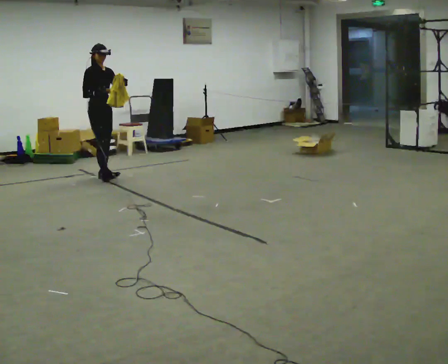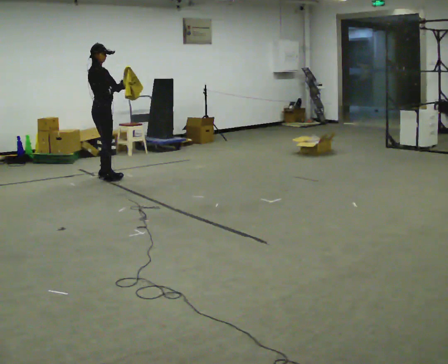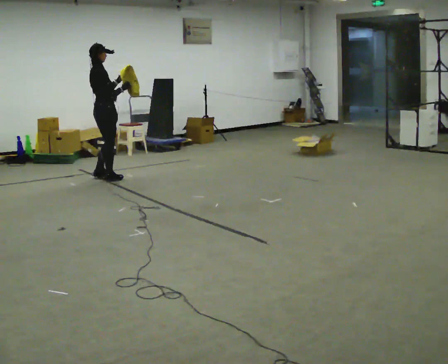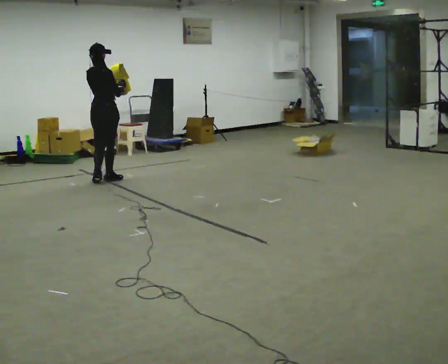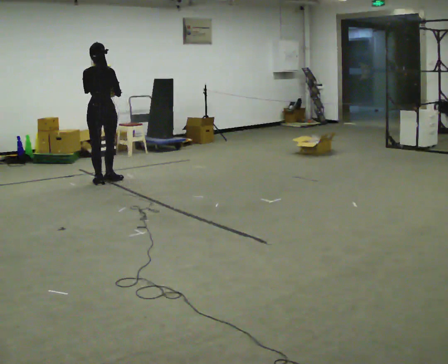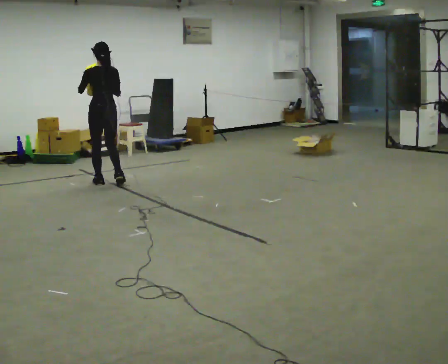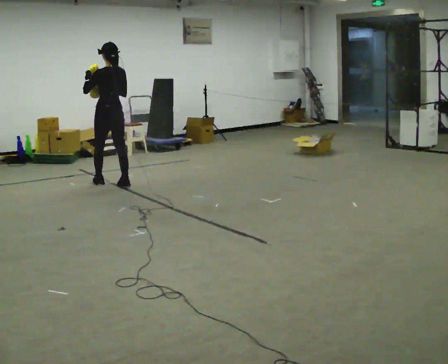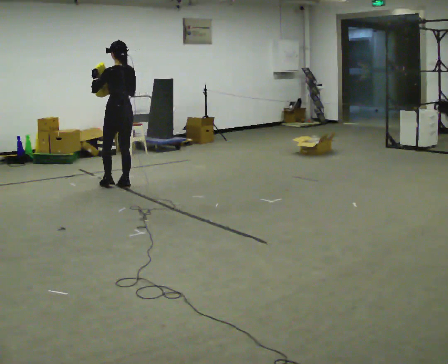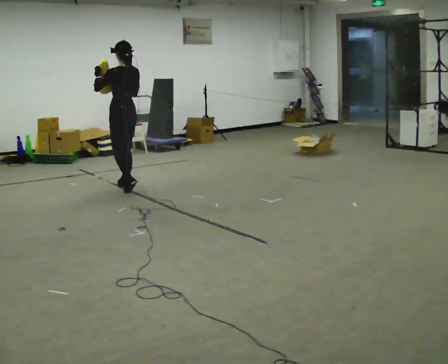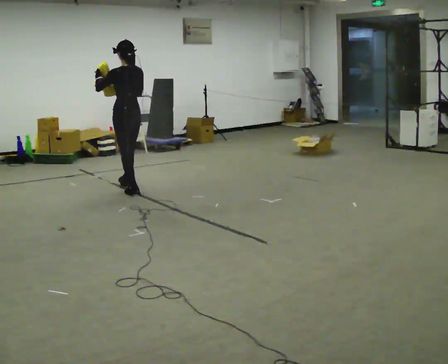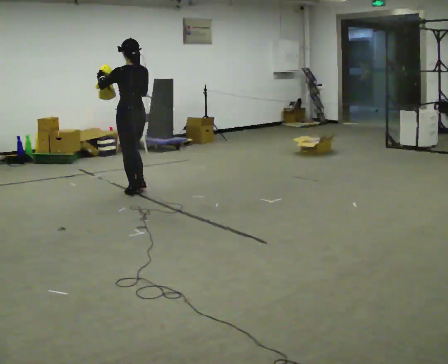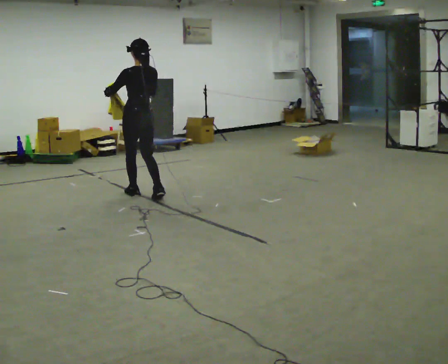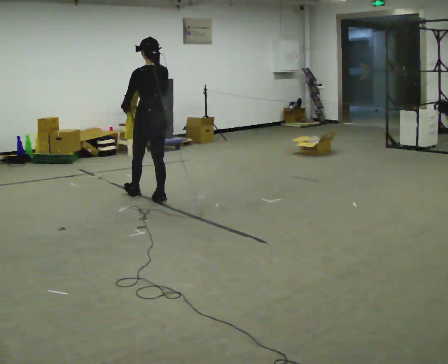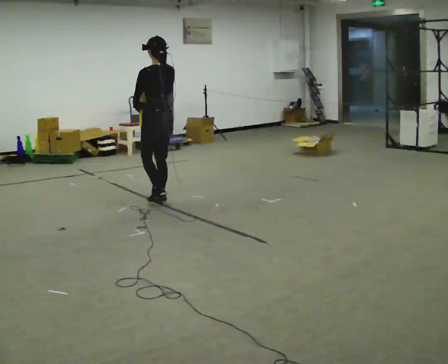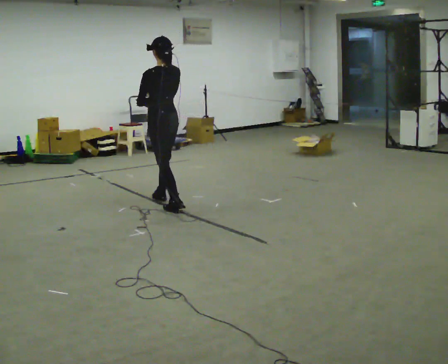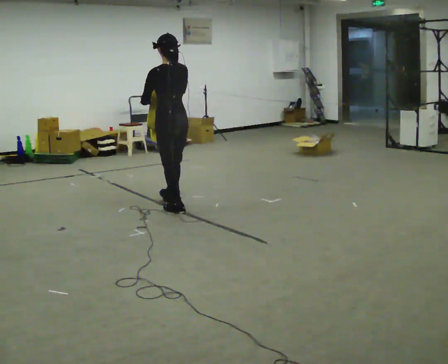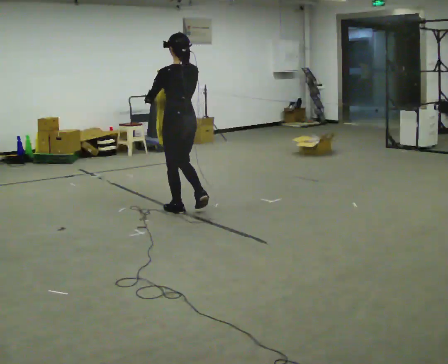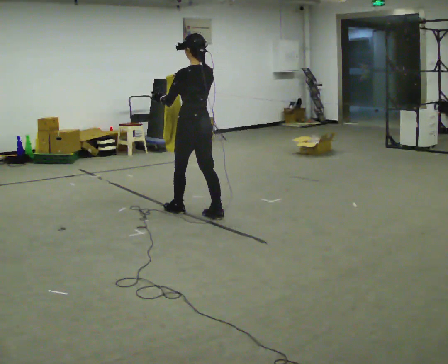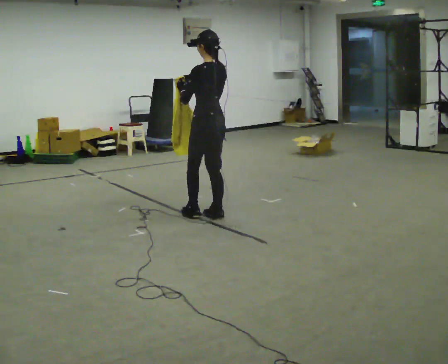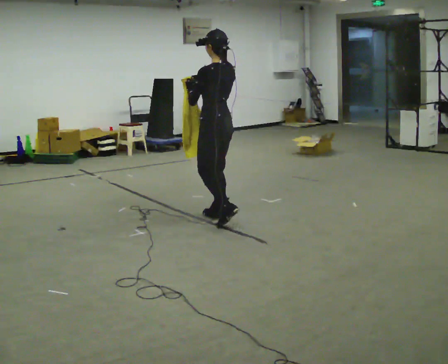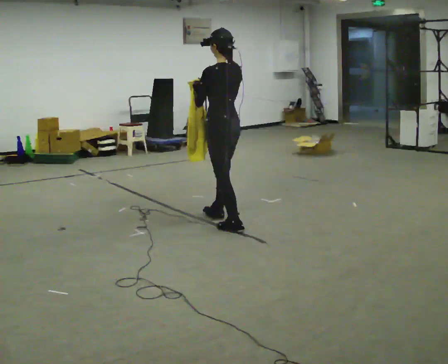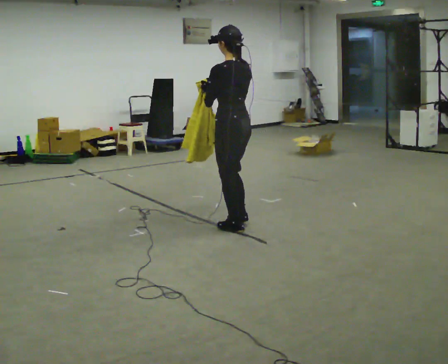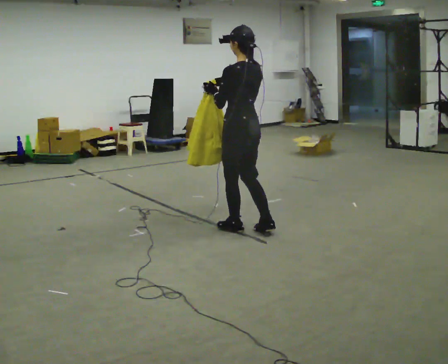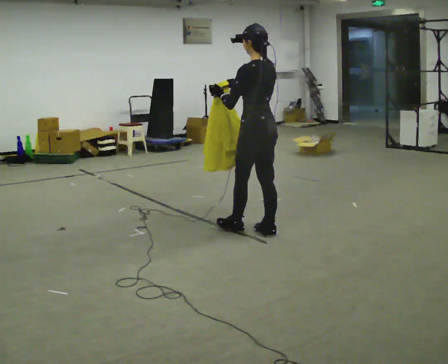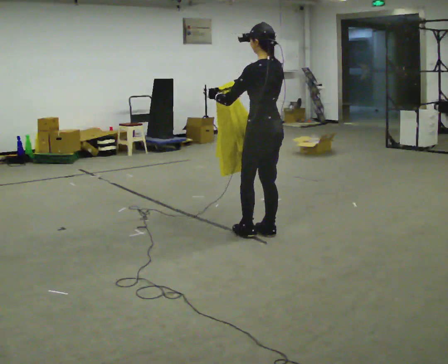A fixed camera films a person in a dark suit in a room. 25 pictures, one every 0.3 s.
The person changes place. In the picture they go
toward the camera.
0.0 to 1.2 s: The person turns about 135 degrees to their left, counterclockwise seen from above, so the part of the body nearest the lens slides to the right. In the picture they go toward the camera, about 0.25 m in 1 step.
1.2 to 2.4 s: The person turns about 45 degrees to their left, counterclockwise seen from above, so the part of the body nearest the lens slides to the right. In the picture they go toward the camera and to the right, about 0.5 m in 2 steps, which for them is backward and to their right.
2.4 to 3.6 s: In the picture they go toward the camera and to the right, about 0.5 m in 2 steps, which for them is backward. In the picture their left hand goes downward, the arm swinging counterclockwise.
3.6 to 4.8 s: In the picture they go toward the camera and to the right, about 0.5 m in 1 step, which for them is backward.
4.8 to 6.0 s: In the picture they go toward the camera and to the right, about 0.5 m in 1 step, which for them is backward.
6.0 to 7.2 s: In the picture they go toward the camera and to the right, about 0.5 m in 2 steps, which for them is backward.
The film runs backward here.
